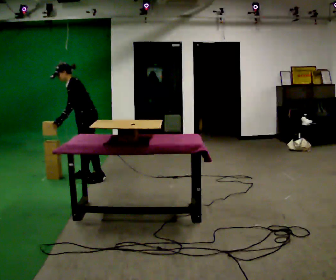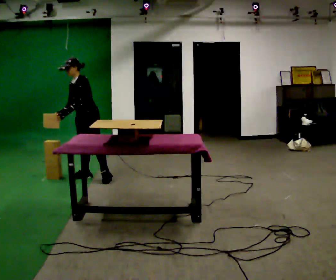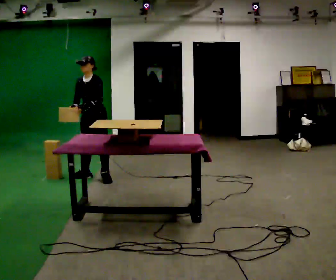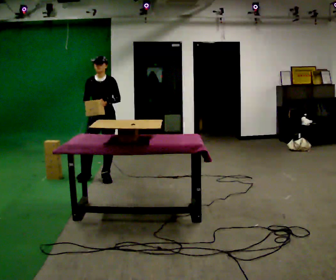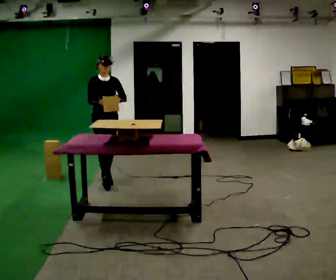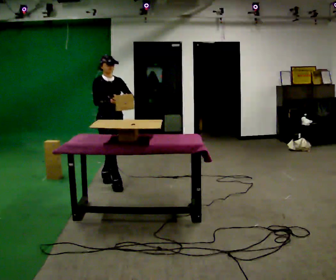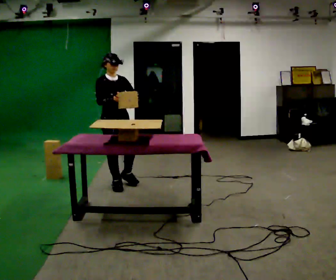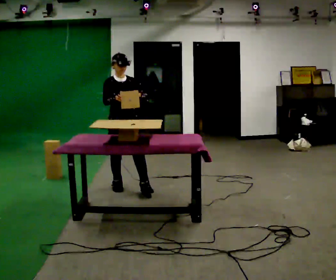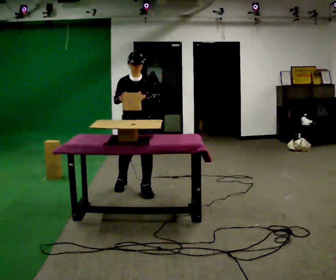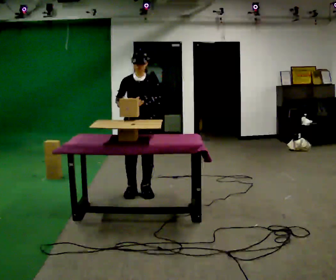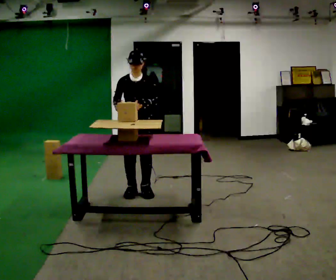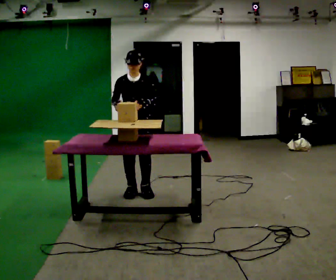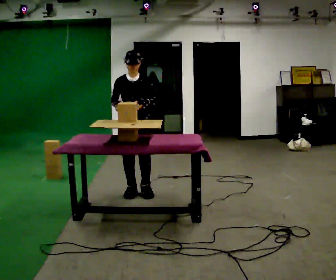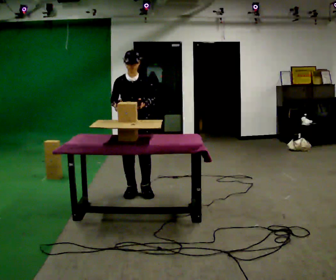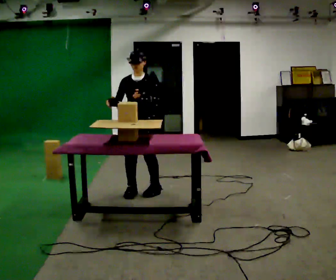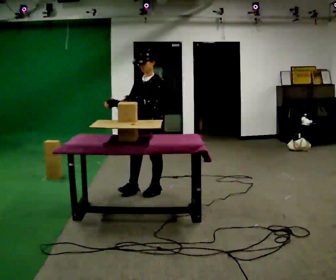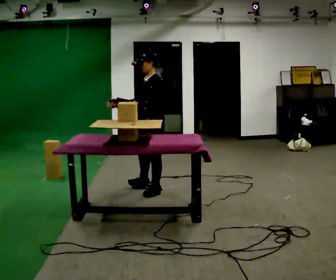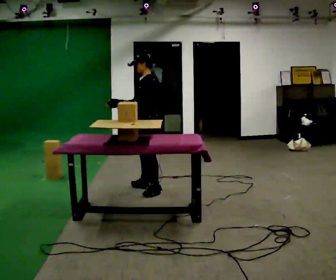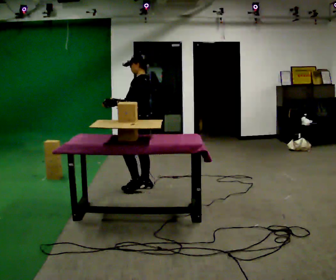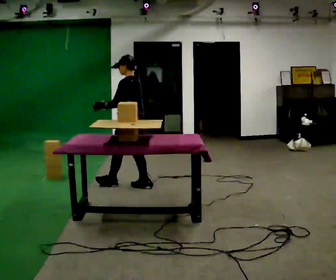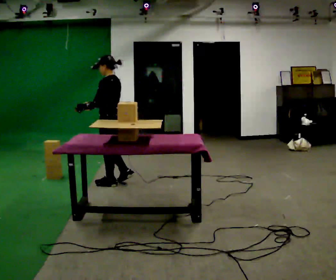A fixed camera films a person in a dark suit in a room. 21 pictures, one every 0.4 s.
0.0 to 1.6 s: The part of the body nearest the lens slides to the right as the person turns to their left by about 90 degrees. In the picture they go to the right and toward the camera, about 0.25 m. In the picture the upper body tilts clockwise, shoulders to the right, as they lean back or straighten.
1.6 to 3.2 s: In the picture they go toward the camera and to the right, about 0.75 m in 2 steps, which for them is forward.
3.2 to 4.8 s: The person moves a little, or ends about where they began.
4.8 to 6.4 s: Seen from above the body turns clockwise, about 75 degrees: to their right, with its near side sliding to the left. In the picture they go to the right, about 0.25 m in 1 step.
6.4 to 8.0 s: Seen from above the body turns clockwise, about 30 degrees: to their right, with its near side sliding to the left. In the picture they go to the left and away from the camera, about 0.5 m in 1 step, which for them is forward.
The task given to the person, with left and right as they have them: Carry the object over and set it down on the wobbly board without tipping it over. Keep going until the operator says stop; one object at a time, and do not rush between trips.
The film runs forward here.
